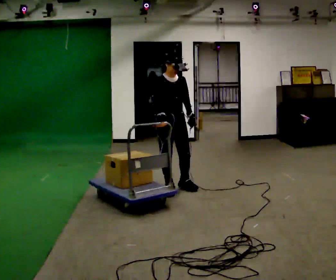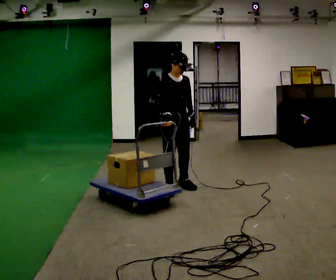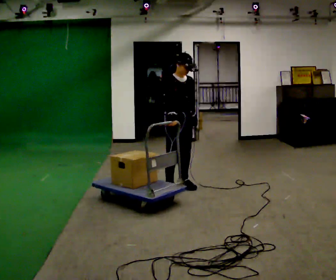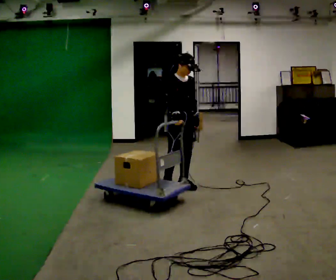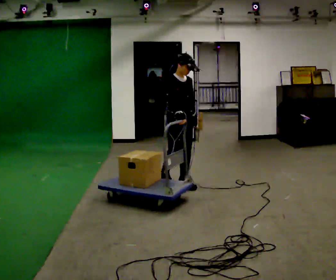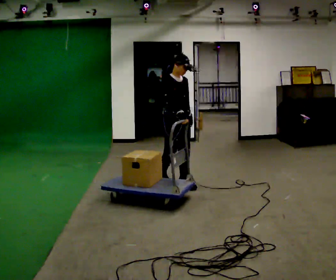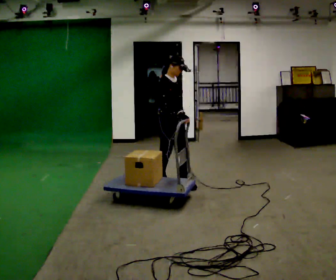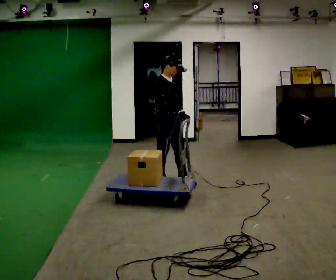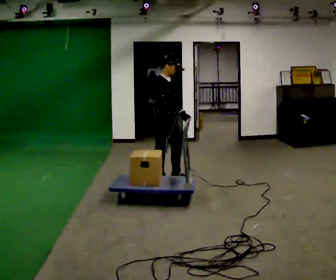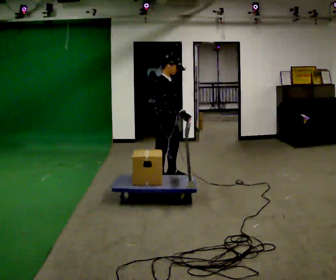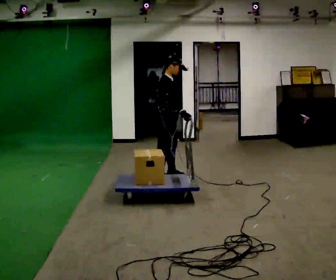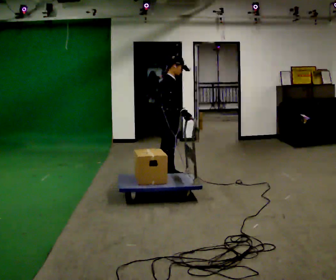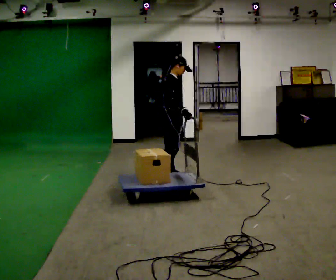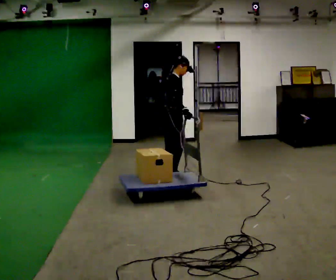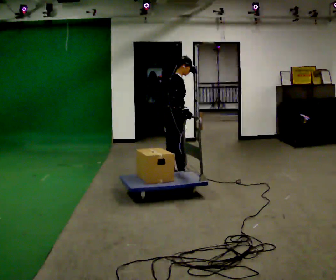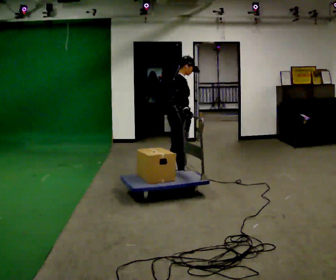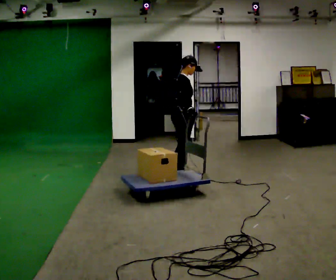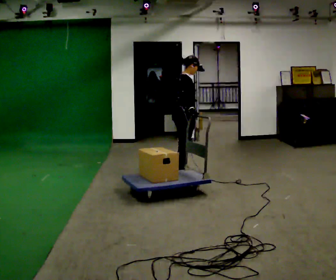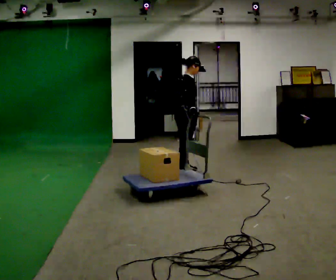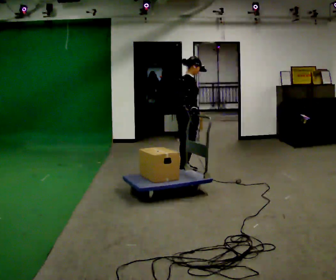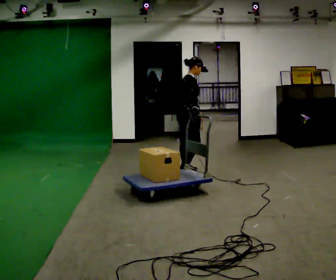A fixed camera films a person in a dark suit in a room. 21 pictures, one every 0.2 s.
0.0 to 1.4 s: Seen from above the body turns counterclockwise, about 30 degrees: to their left, with its near side sliding to the right. In the picture they go away from the camera, about 0.25 m in 2 steps, which for them is backward and to their left.
1.4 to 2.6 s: Seen from above the body turns counterclockwise, about 30 degrees: to their left, with its near side sliding to the right. In the picture they go away from the camera, about 0.25 m in 1 step, which for them is to their left.
2.6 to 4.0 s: In the picture they go away from the camera and to the right, about 0.25 m in 2 steps, which for them is forward and to their left.
The film runs forward here.
